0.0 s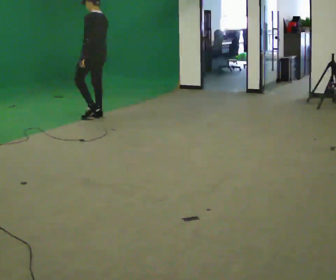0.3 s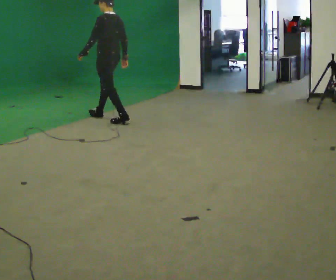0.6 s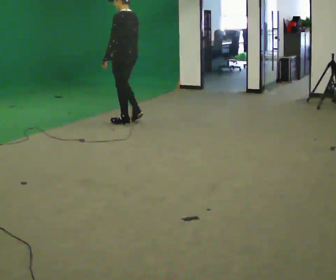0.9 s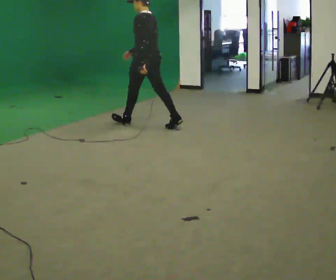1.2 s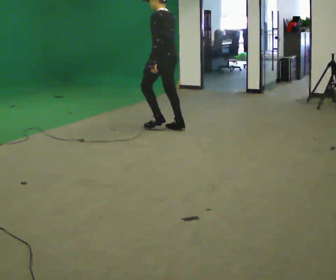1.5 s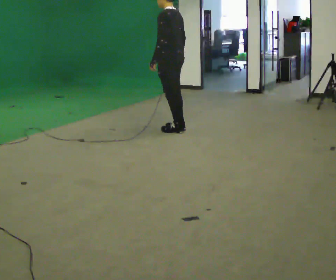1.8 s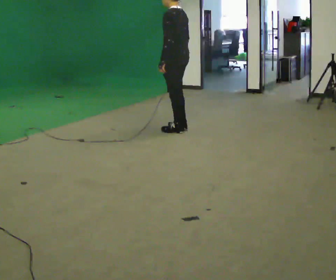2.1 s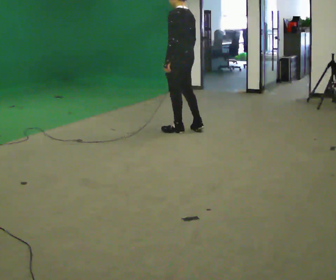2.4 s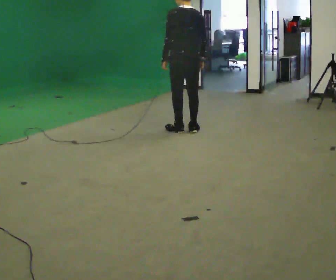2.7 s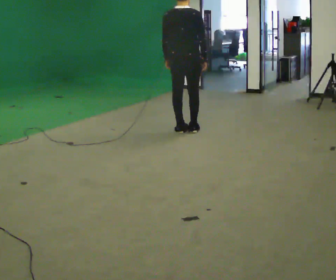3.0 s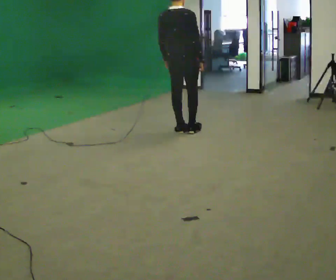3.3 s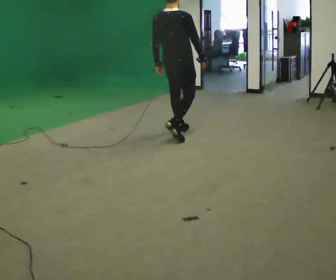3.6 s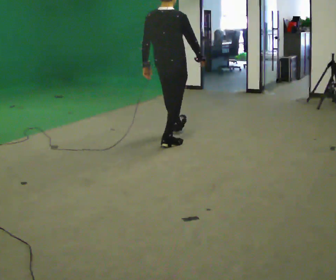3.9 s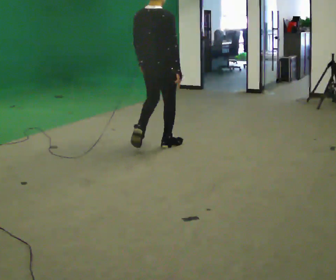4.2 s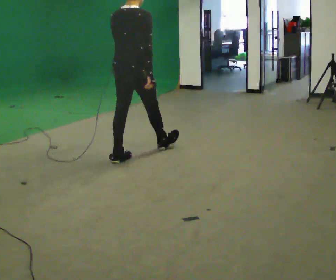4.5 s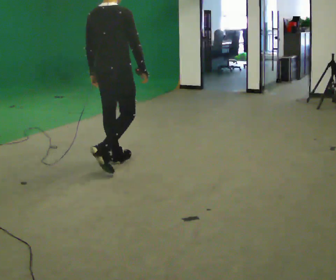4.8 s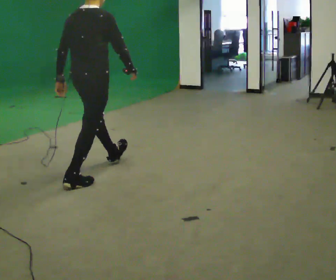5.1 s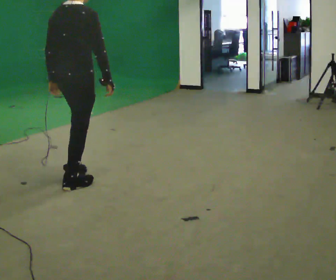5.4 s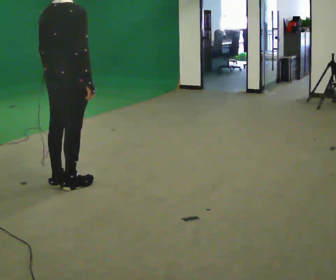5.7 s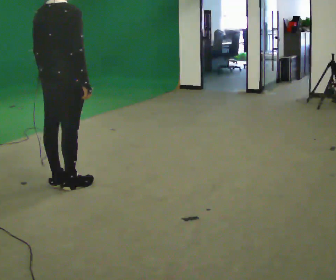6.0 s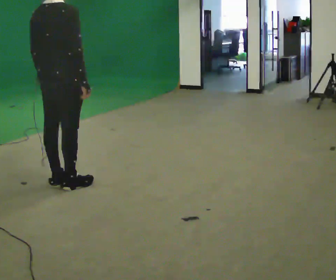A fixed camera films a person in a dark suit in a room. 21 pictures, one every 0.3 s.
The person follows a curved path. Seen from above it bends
clockwise.
The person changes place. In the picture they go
toward the camera.
0.0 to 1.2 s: In the picture they go to the right and toward the camera, about 1 m in 2 steps, which for them is backward.
1.2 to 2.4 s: The person turns about 45 degrees to their right, clockwise seen from above, so the part of the body nearest the lens slides to the left. In the picture they go to the right and toward the camera, about 0.25 m in 1 step, which for them is backward.
2.4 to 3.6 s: The person turns about 45 degrees to their right, clockwise seen from above, so the part of the body nearest the lens slides to the left. In the picture they go toward the camera, about 0.5 m in 2 steps, which for them is backward.
3.6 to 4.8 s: In the picture they go toward the camera and to the left, about 1.5 m in 2 steps, which for them is backward.
4.8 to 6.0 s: In the picture they go toward the camera and to the left, about 0.25 m, which for them is backward.
The film runs backward here.
